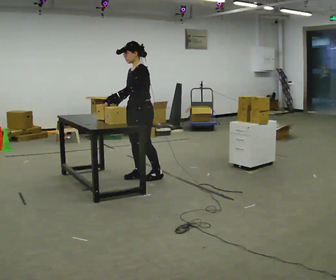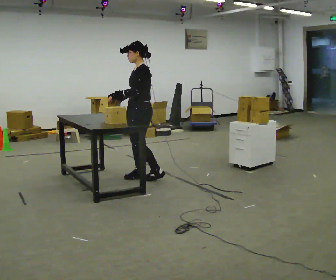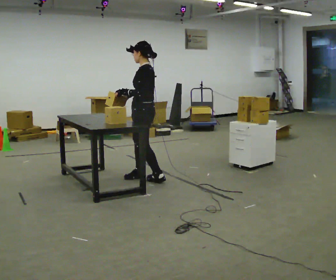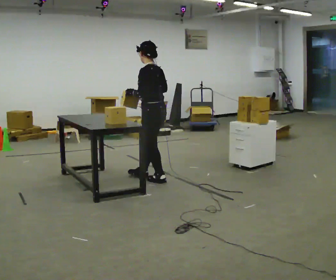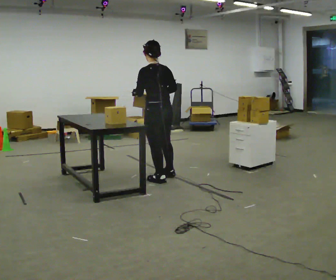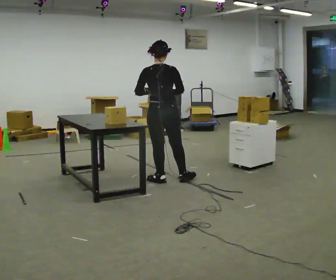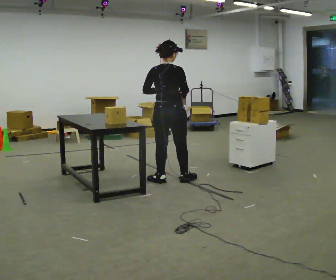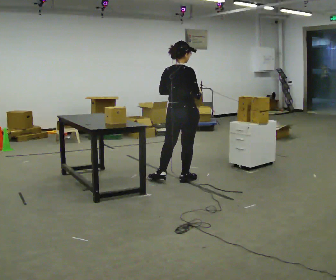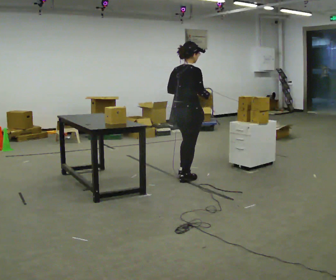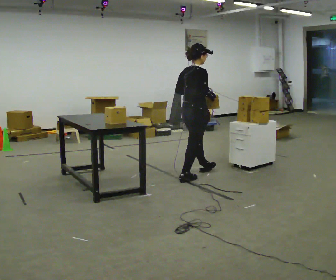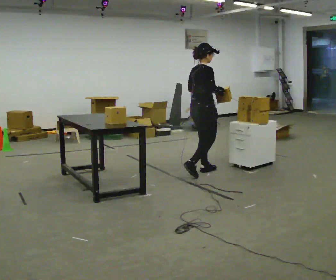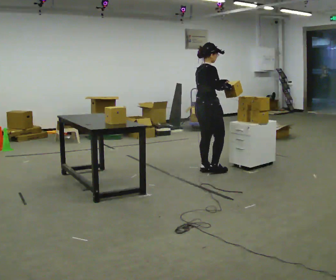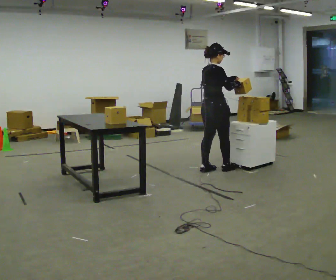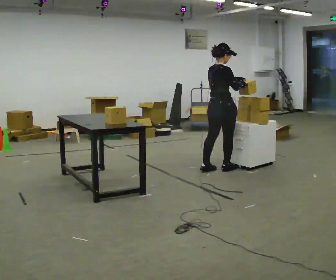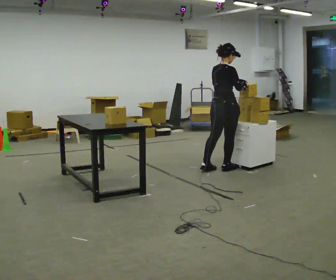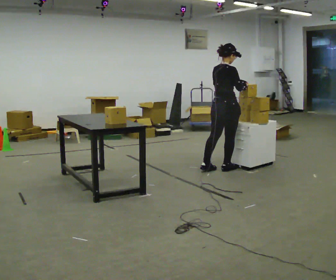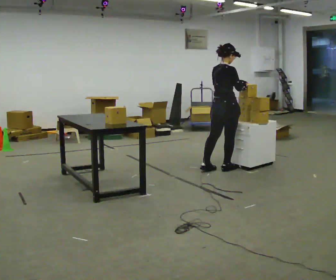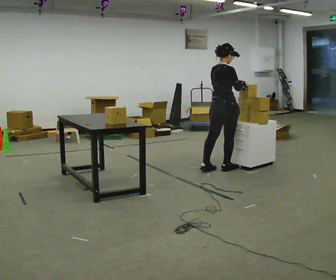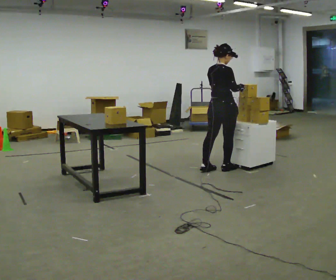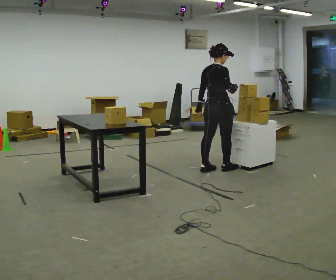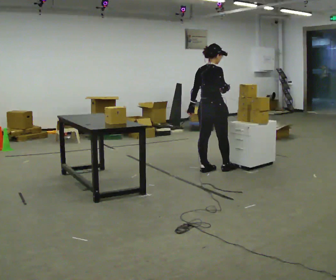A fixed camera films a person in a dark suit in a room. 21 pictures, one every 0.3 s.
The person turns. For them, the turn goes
to their right.
The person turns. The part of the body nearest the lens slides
to the left.
0.0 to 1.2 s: Seen from above the body turns clockwise, about 75 degrees: to their right, with its near side sliding to the left. In the picture they go to the right and toward the camera, about 0.25 m in 1 step.
1.2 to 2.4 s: The person turns about 75 degrees to their right, clockwise seen from above, so the part of the body nearest the lens slides to the left. In the picture they go to the right, about 0.25 m in 1 step.
2.4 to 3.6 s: In the picture they go away from the camera and to the right, about 0.5 m in 2 steps, which for them is forward.
3.6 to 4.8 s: The person moves a little, or ends about where they began.
4.8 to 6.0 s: In the picture they go to the left, about 0.25 m, which for them is backward. In the picture their left hand goes to the left.
The film runs forward here.
